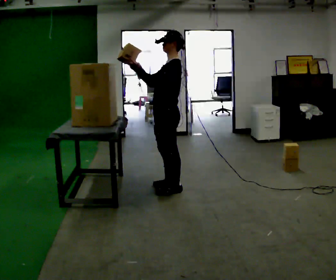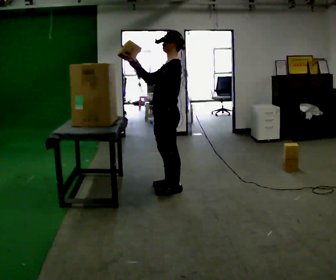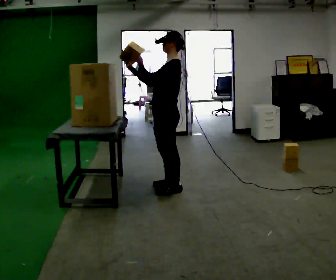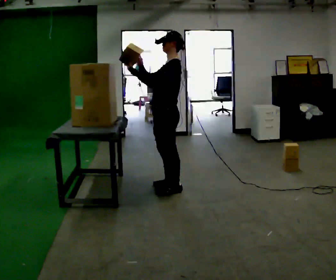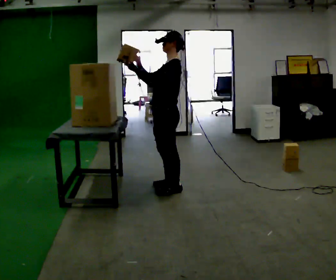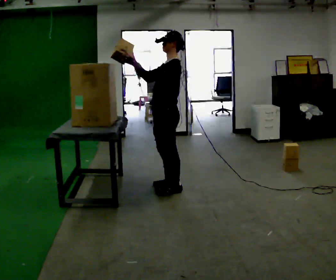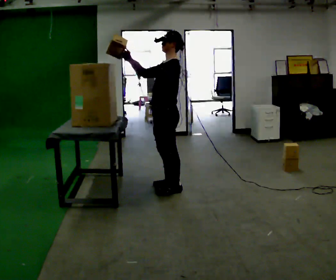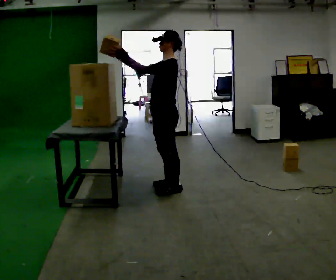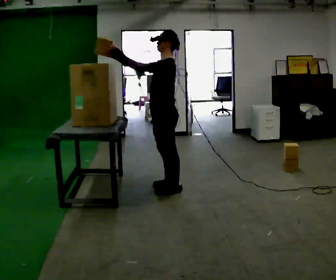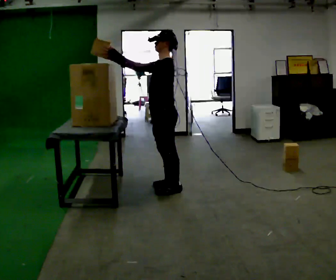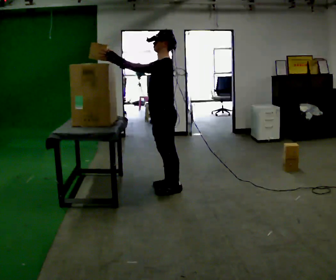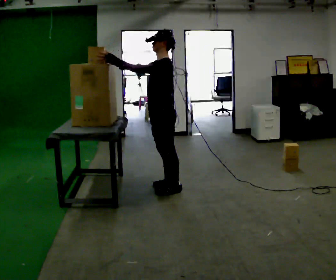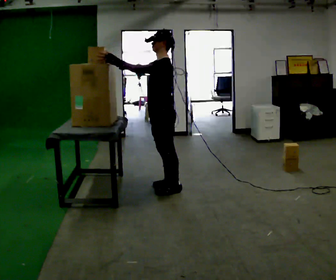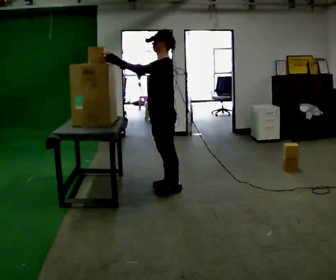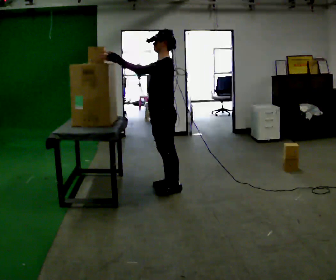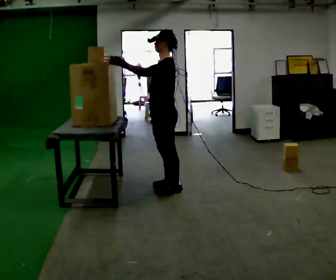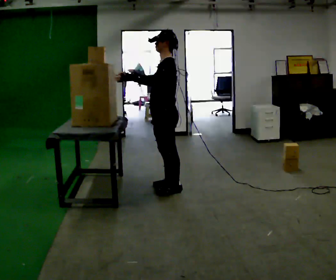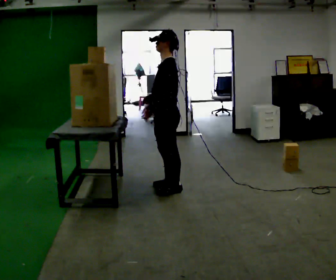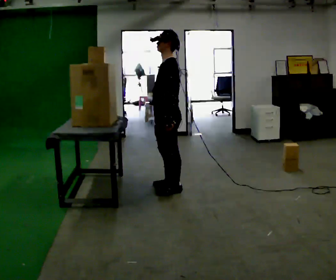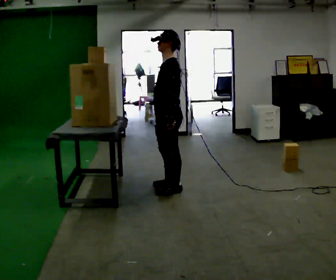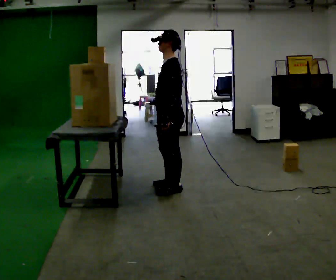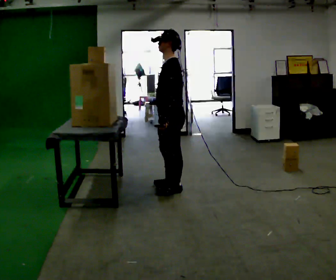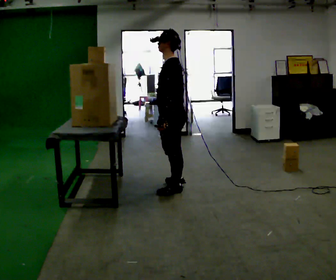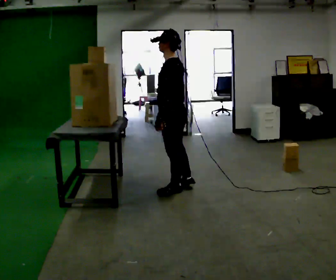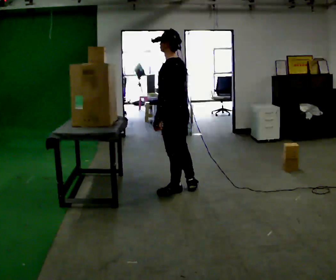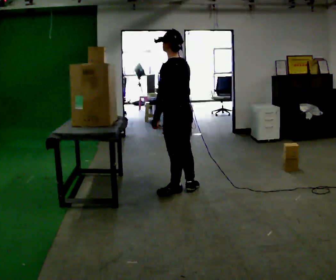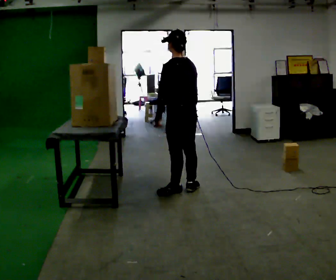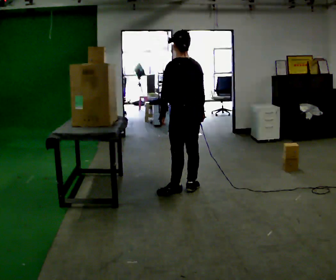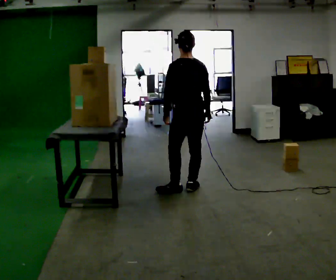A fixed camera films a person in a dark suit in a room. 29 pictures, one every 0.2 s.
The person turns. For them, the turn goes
to their right.
Their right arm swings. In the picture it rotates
counterclockwise.
0.0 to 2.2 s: The person moves a little, or ends about where they began.
2.2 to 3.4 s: In the picture their right hand goes downward and to the right, the arm swinging counterclockwise.
3.4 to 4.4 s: The person moves a little, or ends about where they began.
4.4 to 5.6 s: Seen from above the body turns clockwise, about 60 degrees: to their right, with its near side sliding to the left. In the picture they go to the right, about 0.25 m in 1 step, which for them is to their right. In the picture their right hand goes to the right.
The film runs forward here.
